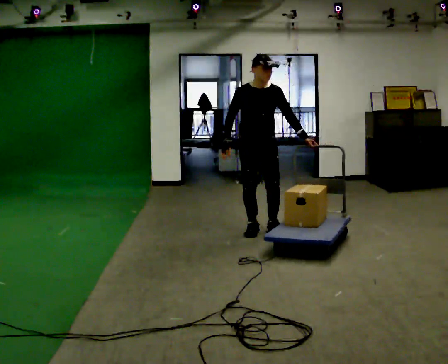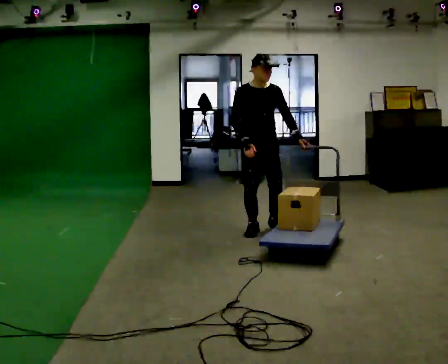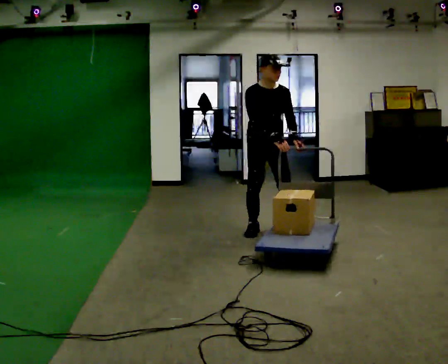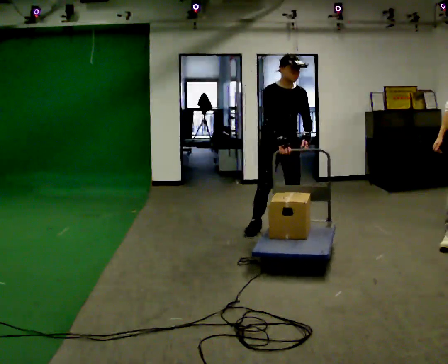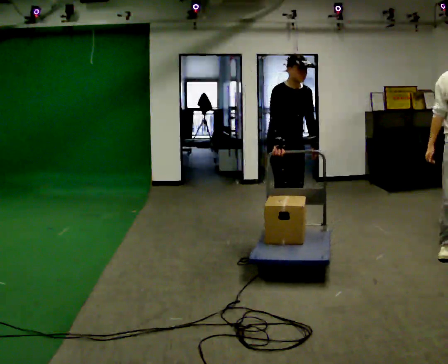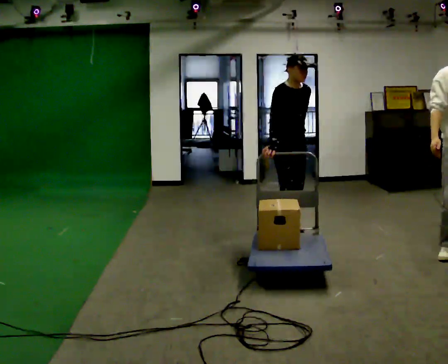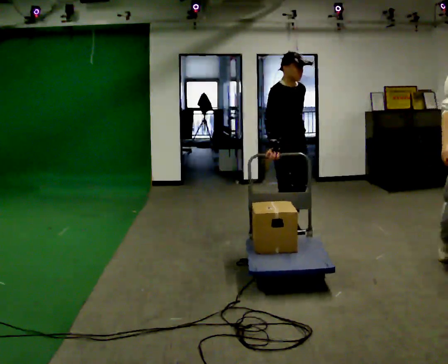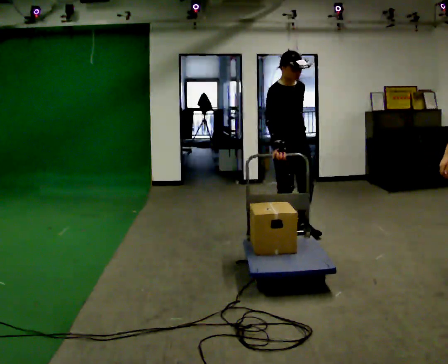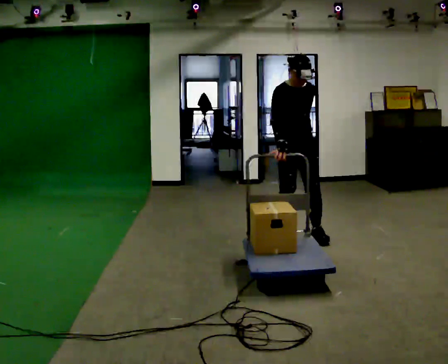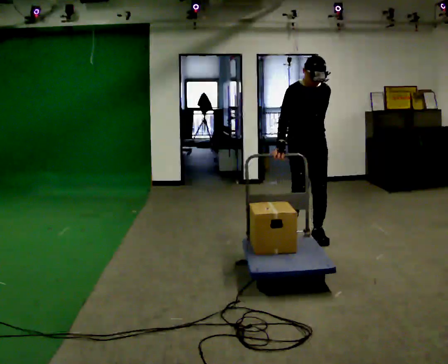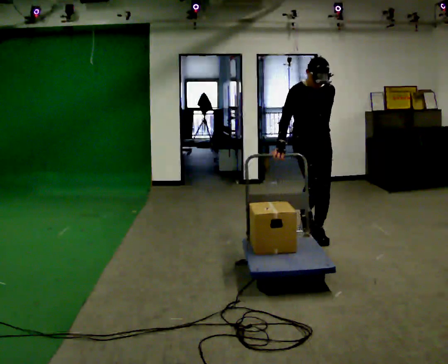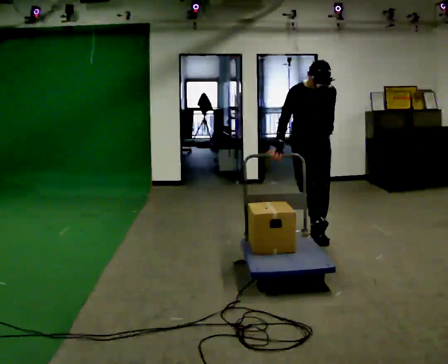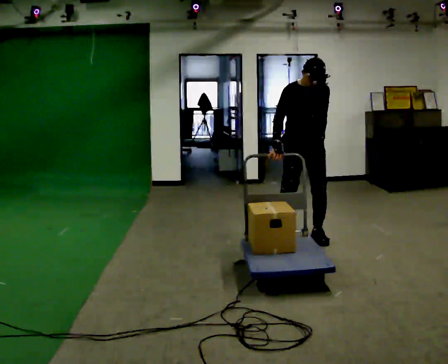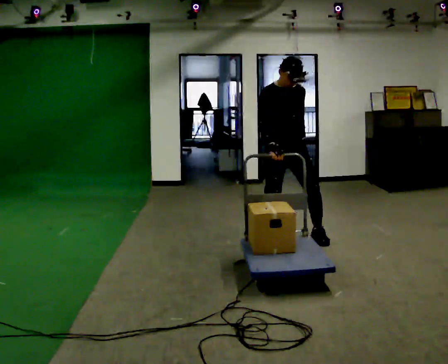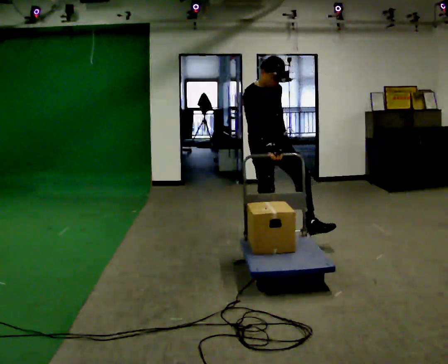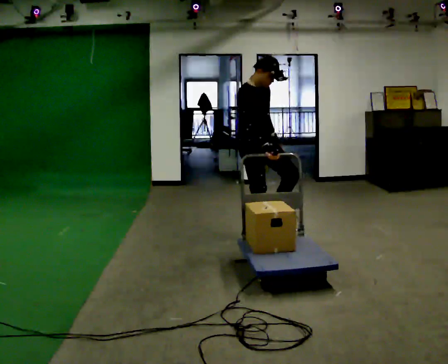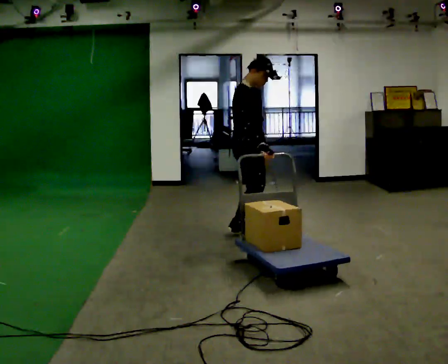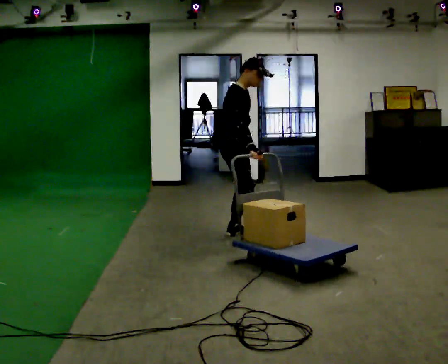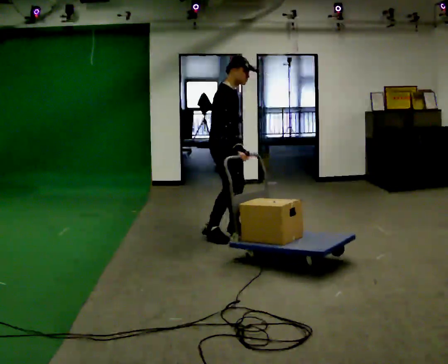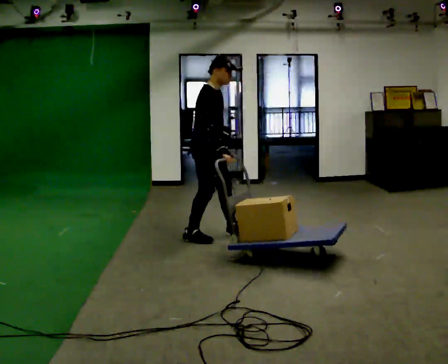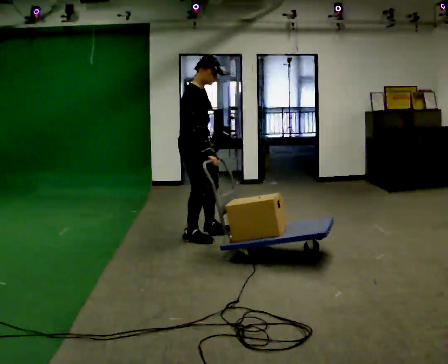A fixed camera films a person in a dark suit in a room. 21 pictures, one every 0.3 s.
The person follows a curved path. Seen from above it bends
clockwise.
0.0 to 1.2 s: In the picture they go to the right, about 0.25 m in 1 step, which for them is to their left and forward.
1.2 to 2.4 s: In the picture they go toward the camera, about 0.25 m in 2 steps, which for them is forward.
2.4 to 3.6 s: The person moves a little, or ends about where they began.
3.6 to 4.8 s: The part of the body nearest the lens slides to the right as the person turns to their left by about 60 degrees. In the picture they go to the left, about 0.5 m in 1 step, which for them is backward and to their right.
4.8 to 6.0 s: In the picture they go to the left, about 0.5 m in 2 steps, which for them is backward.
The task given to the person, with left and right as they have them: Pull the cart behind you as you walk backward across the room. The operator will confirm the space behind you is clear before each take.
The film runs forward here.
